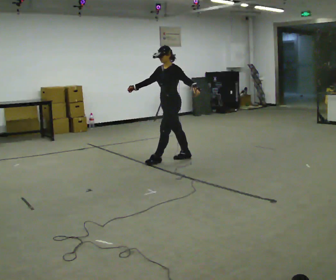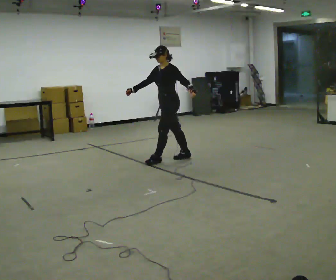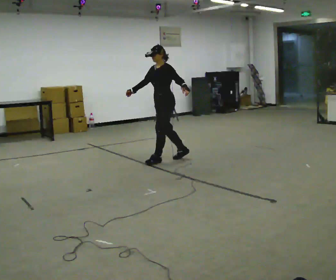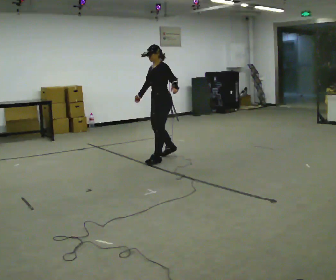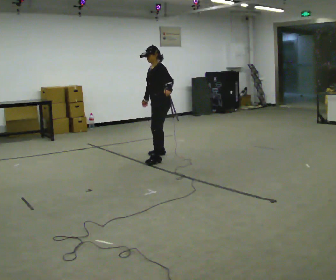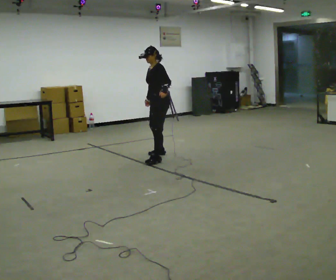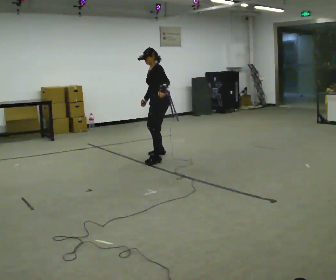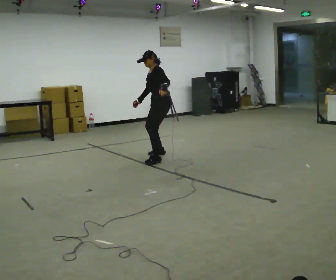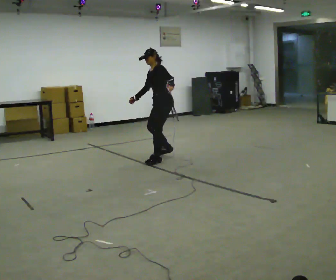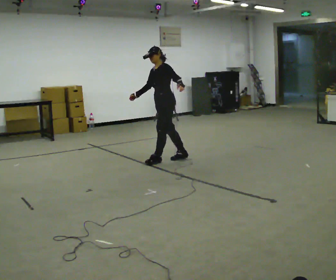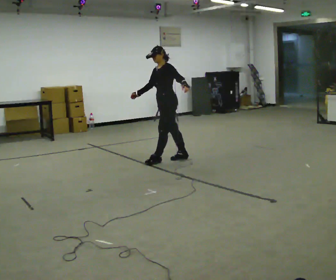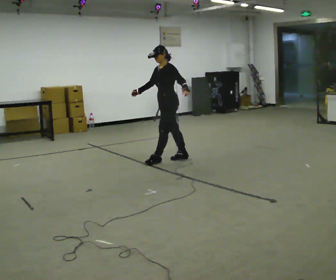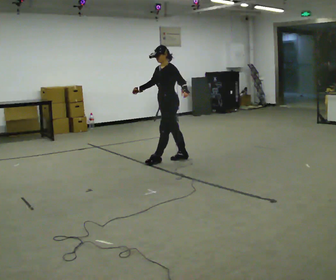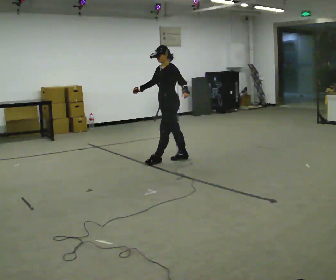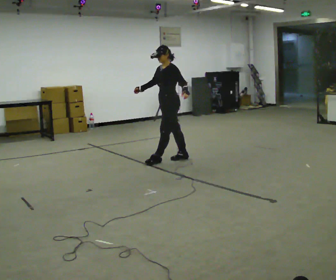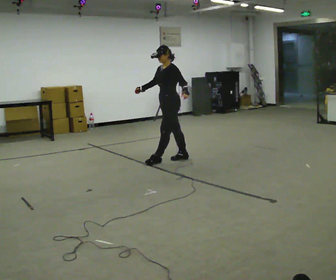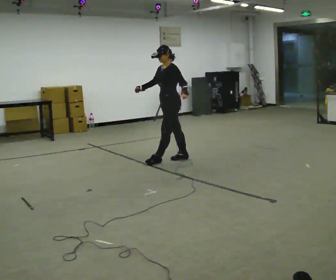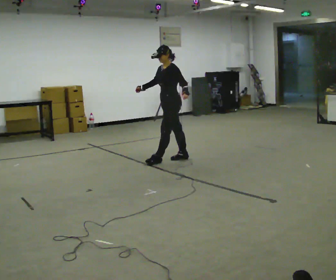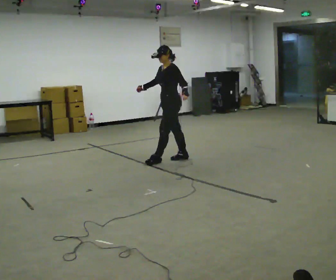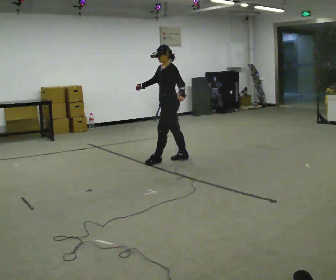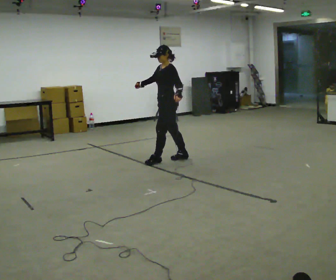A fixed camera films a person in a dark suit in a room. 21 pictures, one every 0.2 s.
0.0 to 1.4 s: The person moves a little, or ends about where they began.
1.4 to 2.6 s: In the picture they go toward the camera, about 0.25 m in 1 step, which for them is to their left.
2.6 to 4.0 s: The person moves a little, or ends about where they began.
The film runs backward here.
